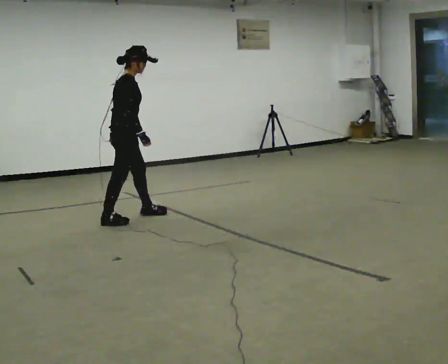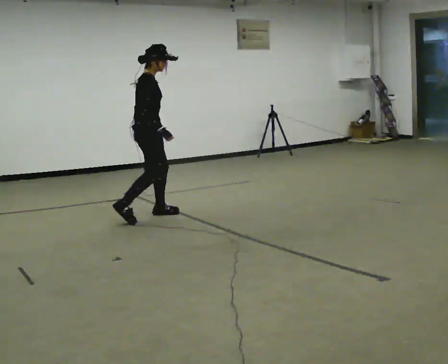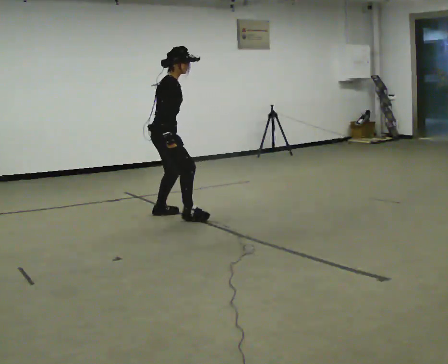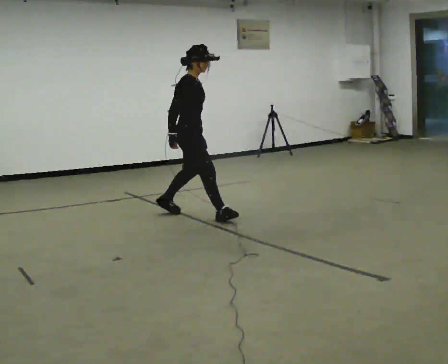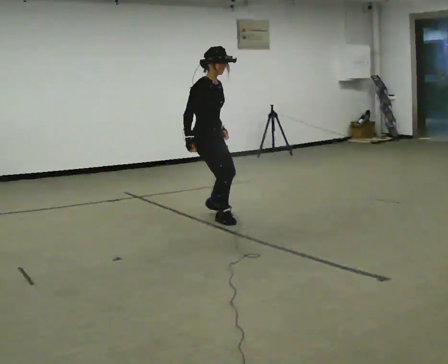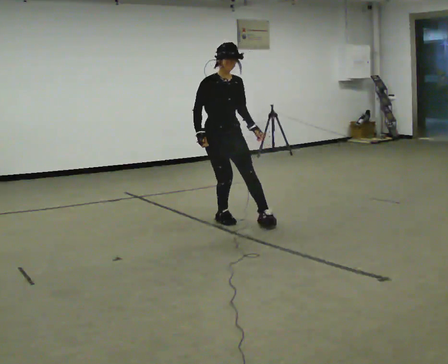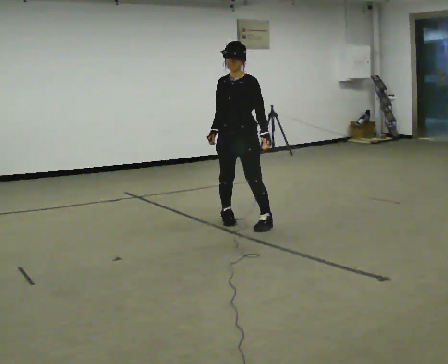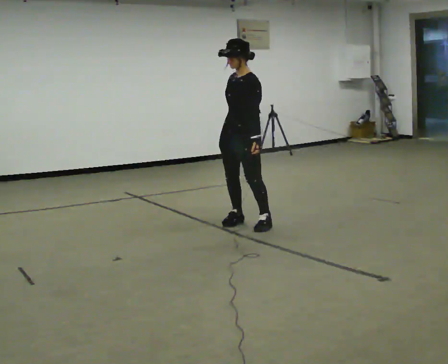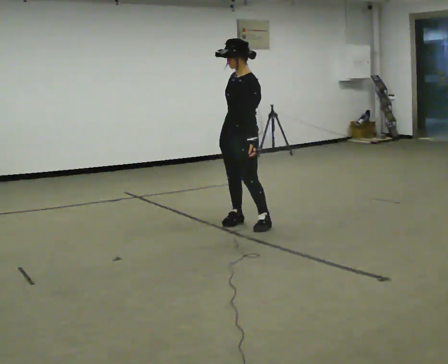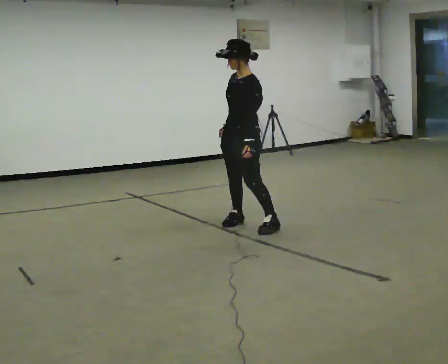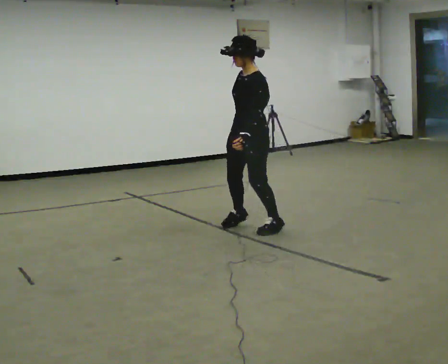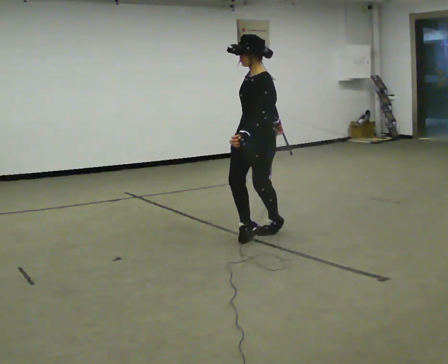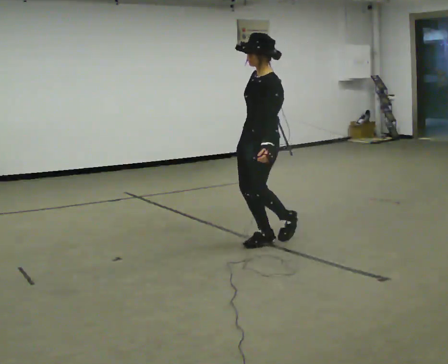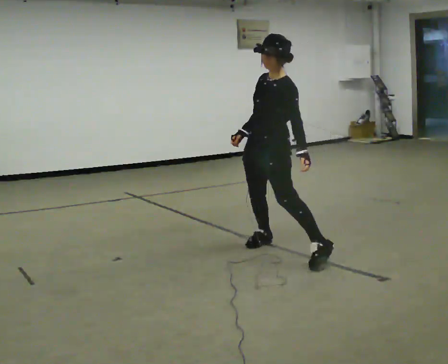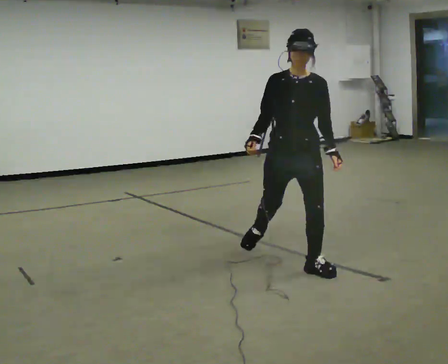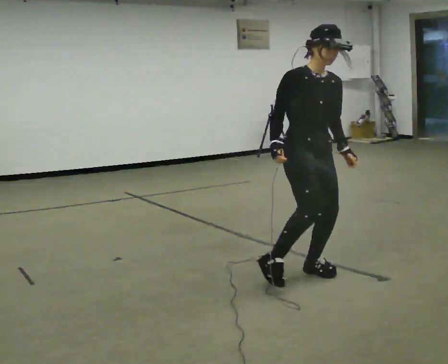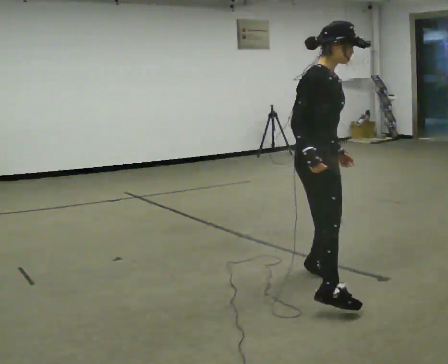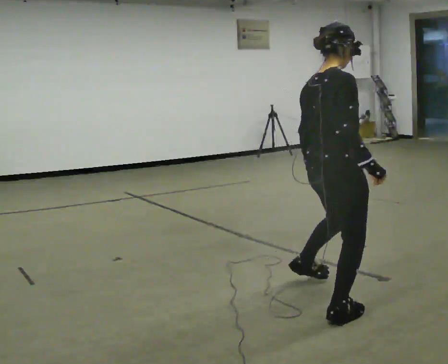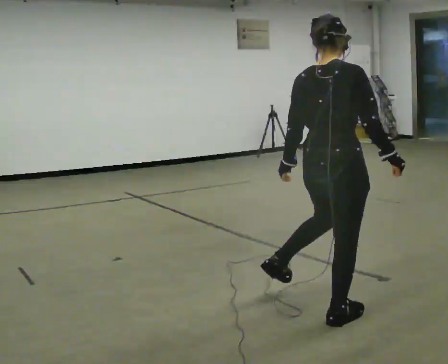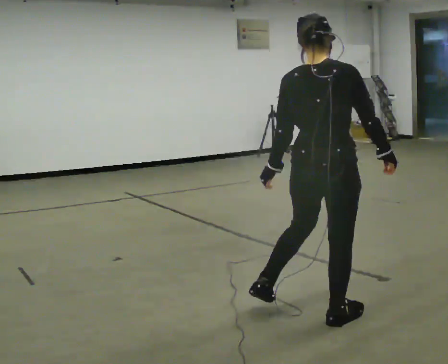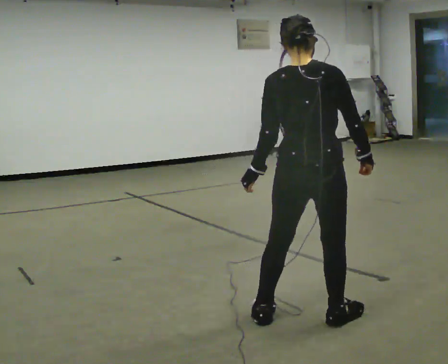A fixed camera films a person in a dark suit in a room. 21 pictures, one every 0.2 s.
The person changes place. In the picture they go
toward the camera.
The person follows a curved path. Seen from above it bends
clockwise.
0.0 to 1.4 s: The part of the body nearest the lens slides to the left as the person turns to their right by about 150 degrees. In the picture they go to the right, about 1 m in 3 steps.
1.4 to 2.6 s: In the picture they go toward the camera, about 1 m in 3 steps, which for them is to their left.
2.6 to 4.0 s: The person turns about 240 degrees to their left, counterclockwise seen from above, so the part of the body nearest the lens slides to the right. In the picture they go toward the camera, about 1.5 m in 2 steps.
The film runs backward here.
